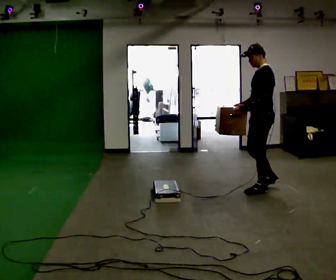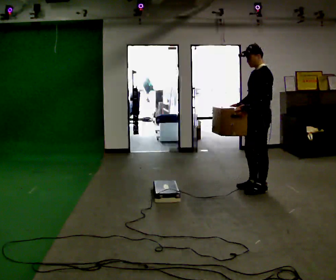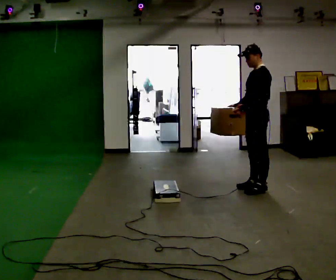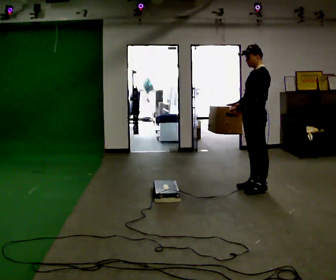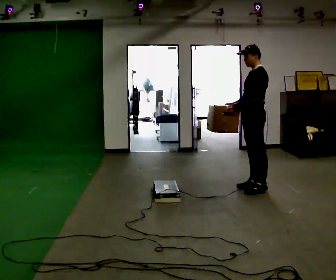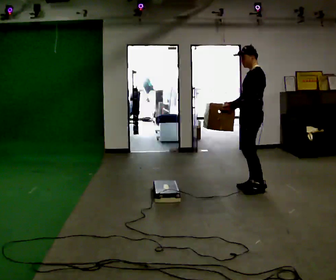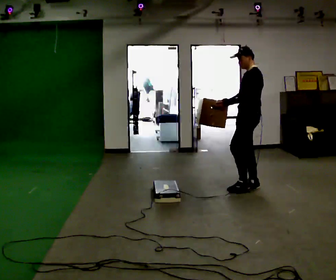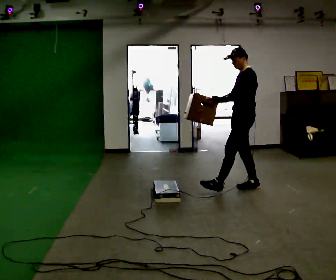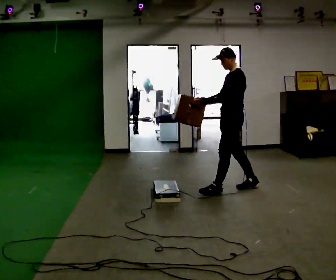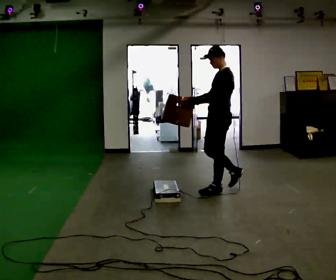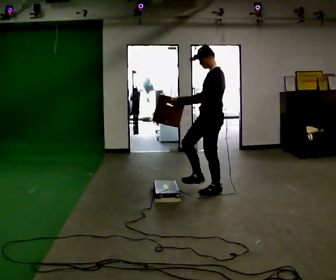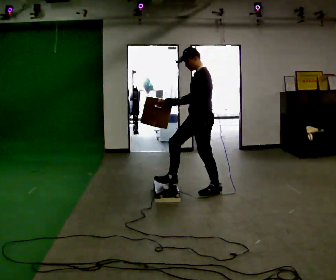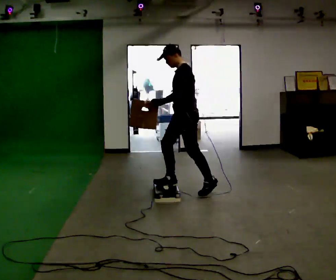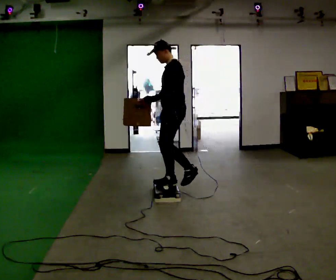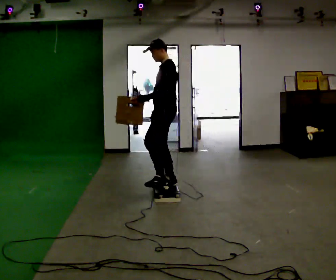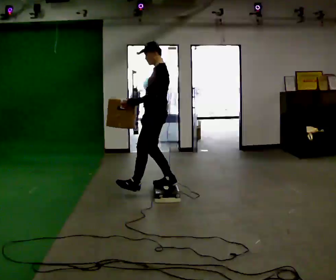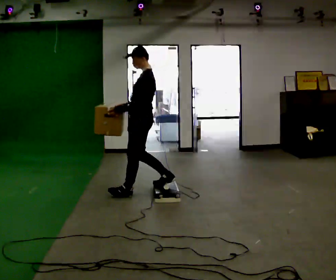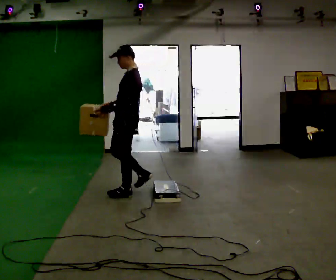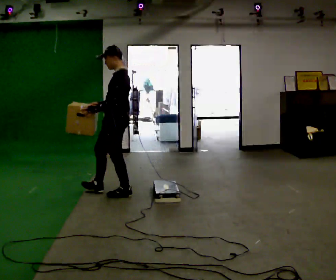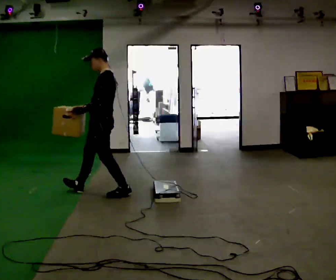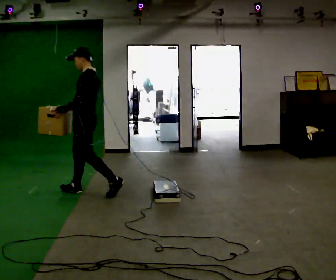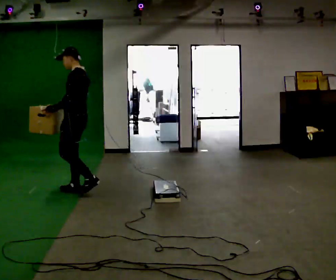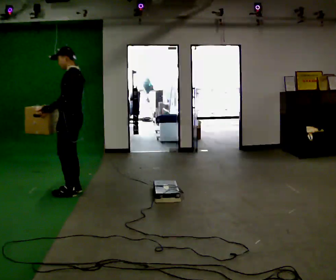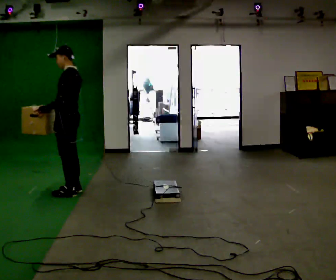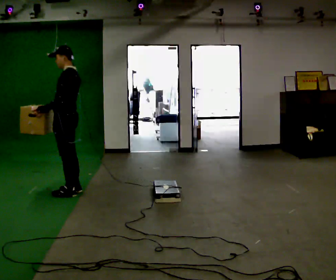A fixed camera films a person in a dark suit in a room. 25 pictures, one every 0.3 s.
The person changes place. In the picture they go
to the left.
0.0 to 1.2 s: The person moves a little, or ends about where they began.
1.2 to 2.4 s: In the picture they go to the left, about 0.25 m in 1 step, which for them is forward.
2.4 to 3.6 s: In the picture they go to the left, about 0.5 m in 1 step, which for them is forward.
3.6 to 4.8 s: In the picture they go to the left, about 0.5 m in 1 step, which for them is forward.
4.8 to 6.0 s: In the picture they go to the left, about 0.75 m in 1 step, which for them is forward.
6.0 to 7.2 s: In the picture they go to the left, about 0.25 m in 1 step, which for them is forward.
The film runs forward here.
